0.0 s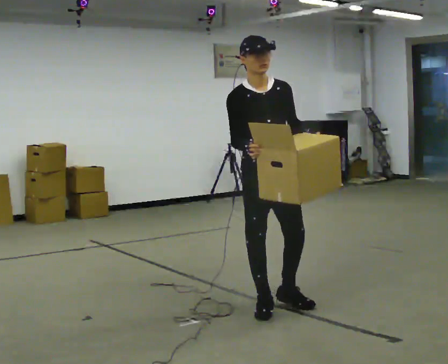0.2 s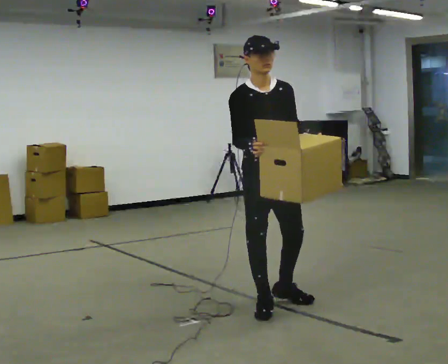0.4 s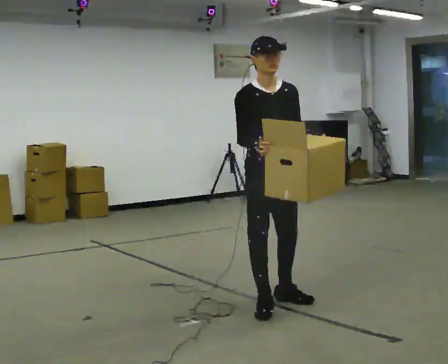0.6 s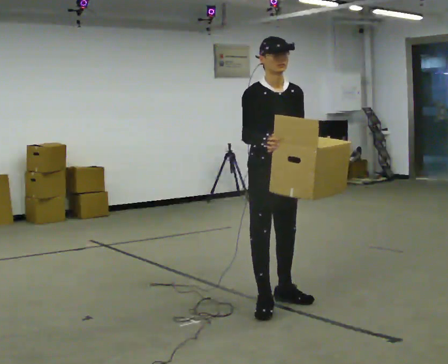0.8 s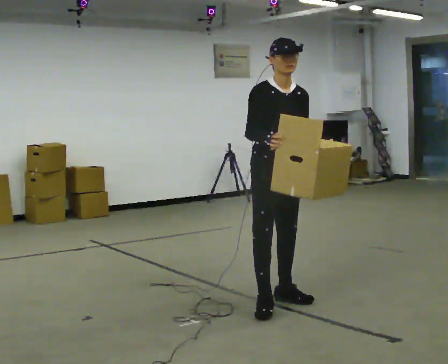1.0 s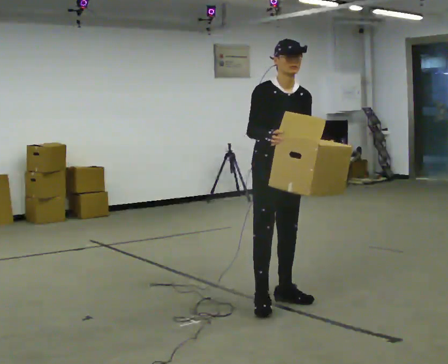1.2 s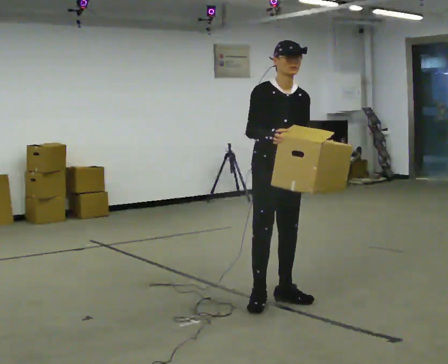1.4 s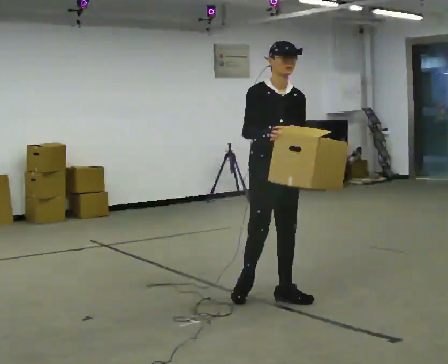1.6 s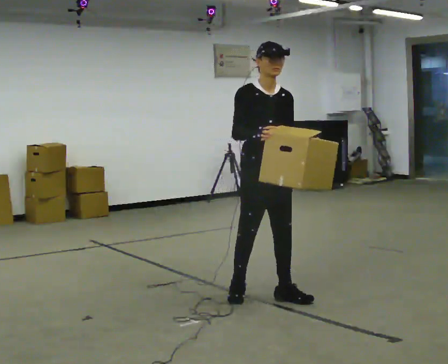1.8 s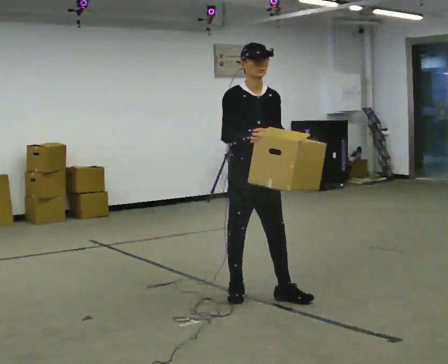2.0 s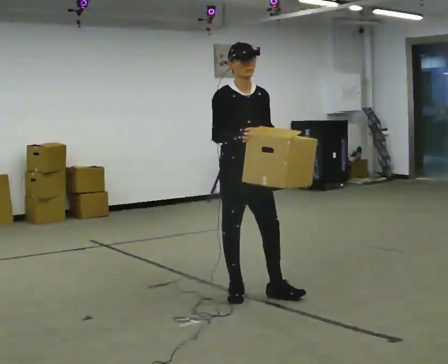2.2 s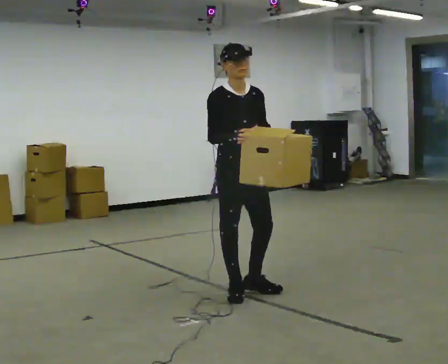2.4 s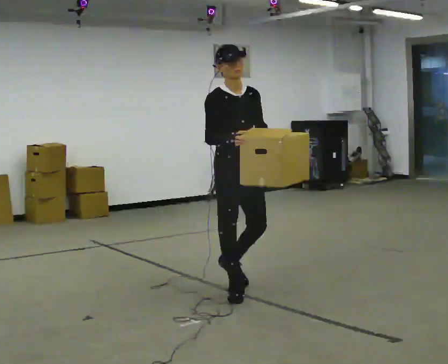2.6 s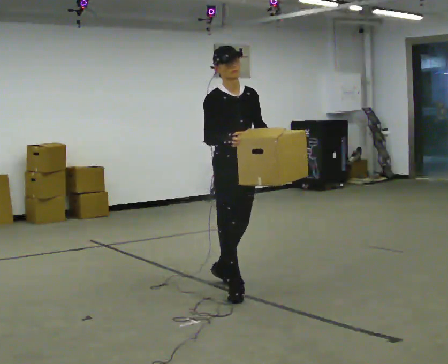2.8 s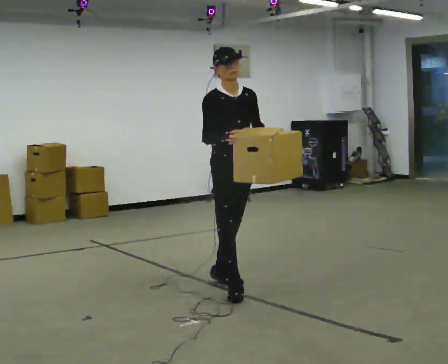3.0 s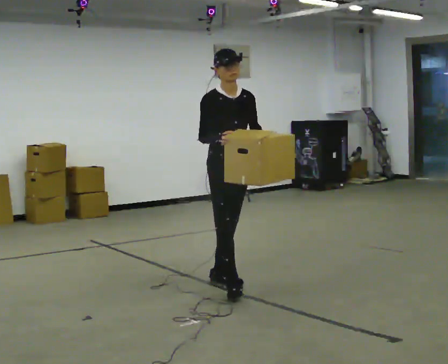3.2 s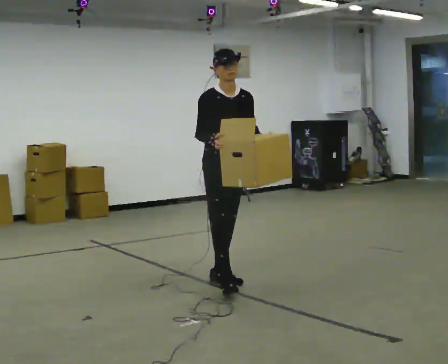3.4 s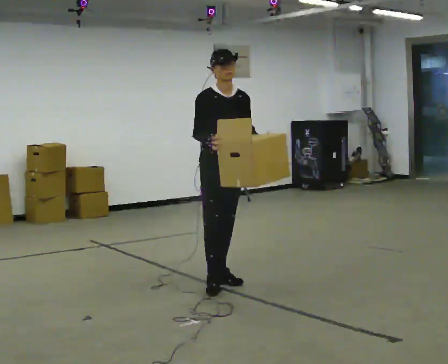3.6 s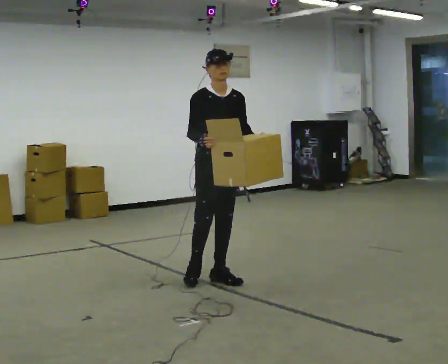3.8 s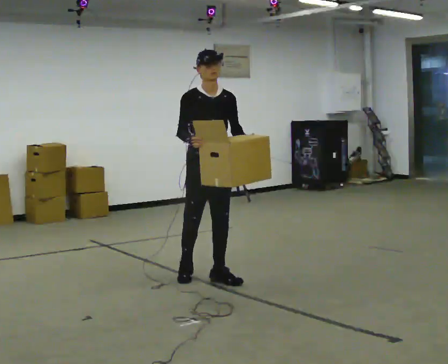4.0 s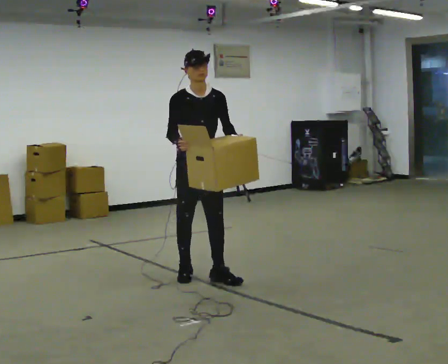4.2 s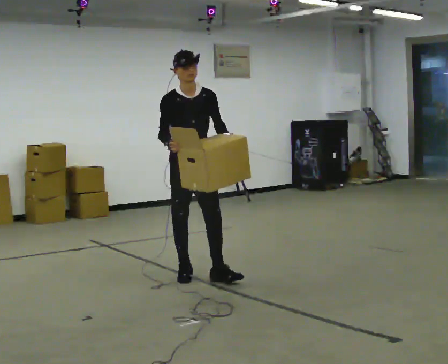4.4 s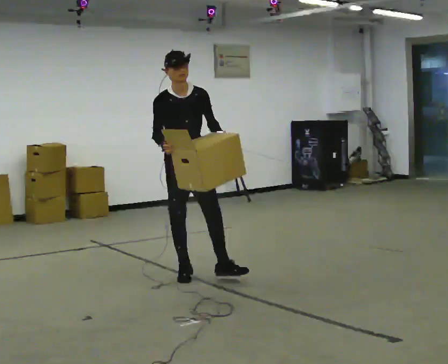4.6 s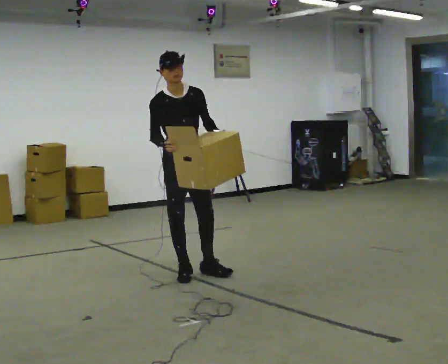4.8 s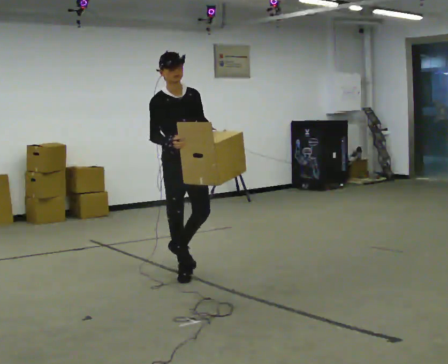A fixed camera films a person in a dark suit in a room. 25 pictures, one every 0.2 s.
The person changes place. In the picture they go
away from the camera.
0.0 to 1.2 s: In the picture they go away from the camera, about 0.25 m in 1 step, which for them is to their left and backward.
1.2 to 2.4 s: In the picture they go to the left and away from the camera, about 0.25 m in 1 step, which for them is backward and to their right.
2.4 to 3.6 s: In the picture they go away from the camera, about 0.25 m in 1 step, which for them is backward.
3.6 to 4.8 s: In the picture they go to the left and away from the camera, about 0.25 m in 1 step, which for them is backward and to their right.
The film runs backward here.
